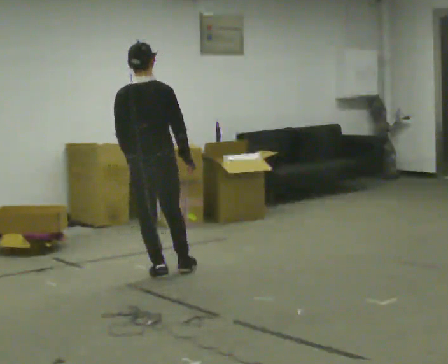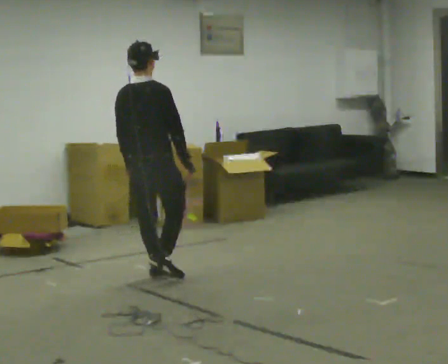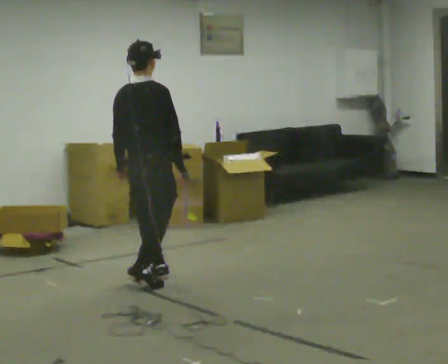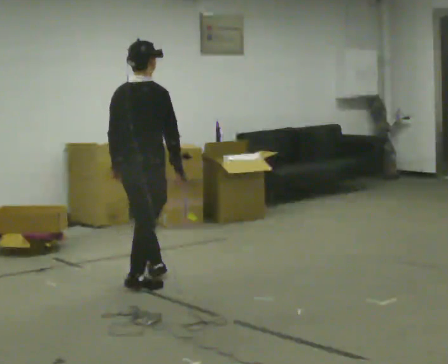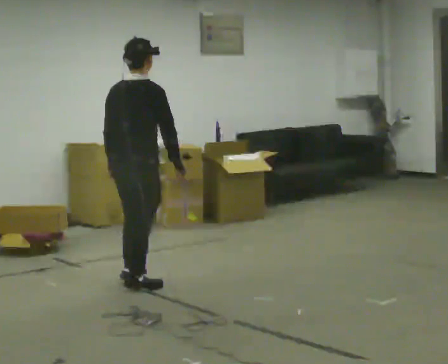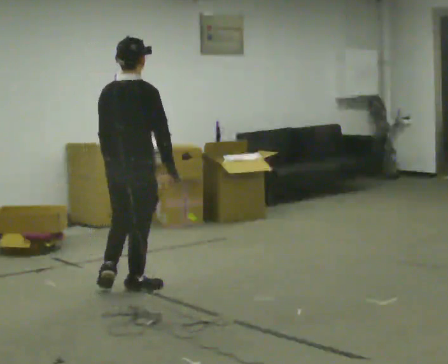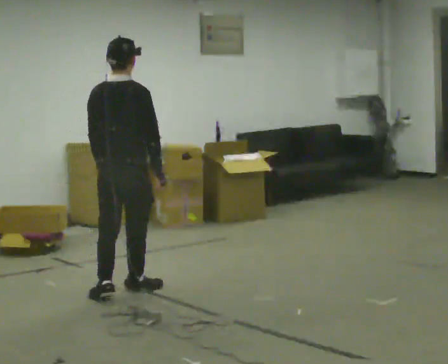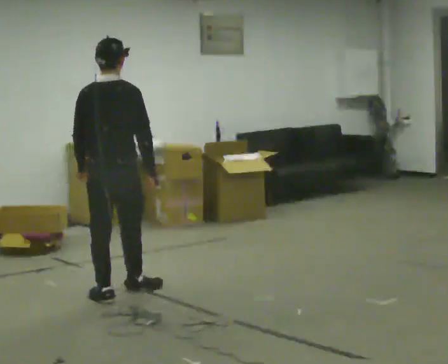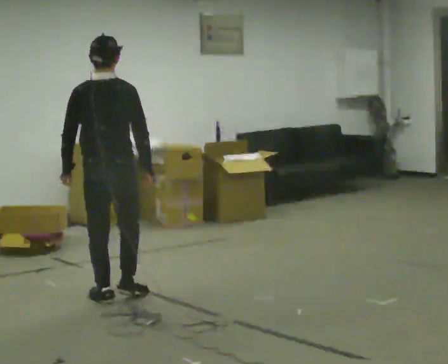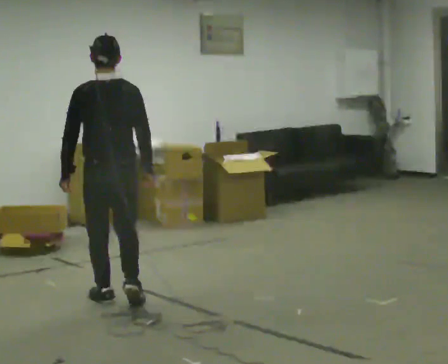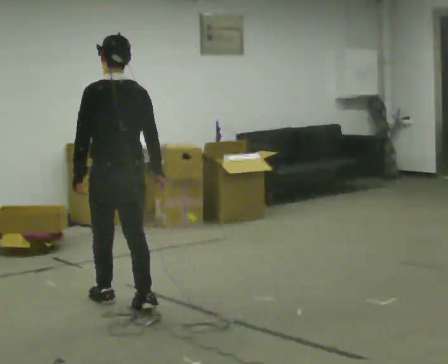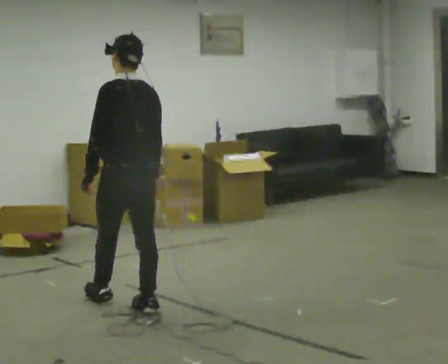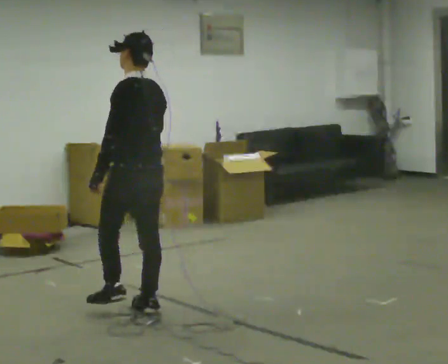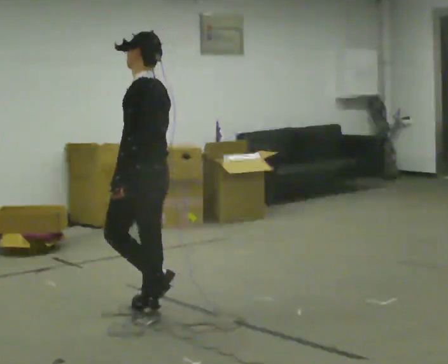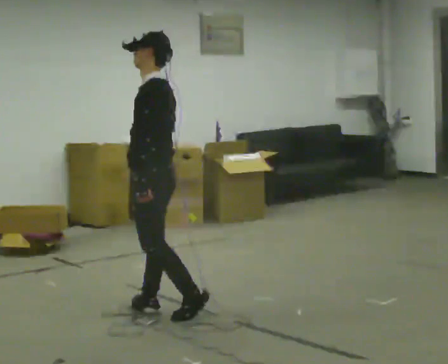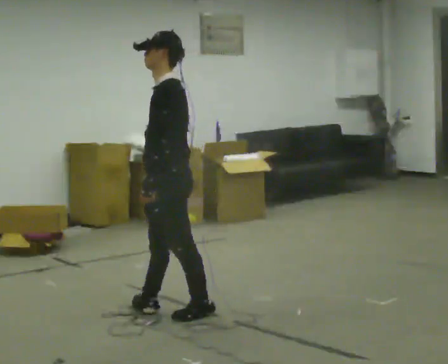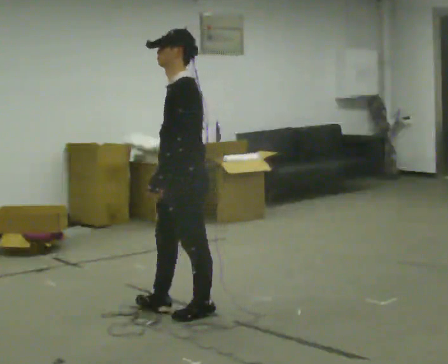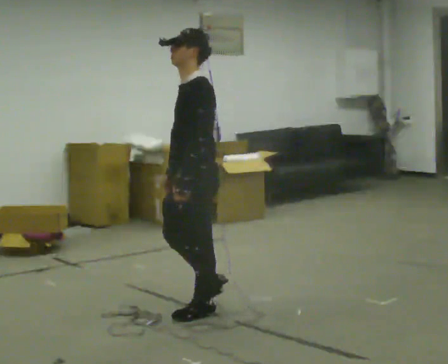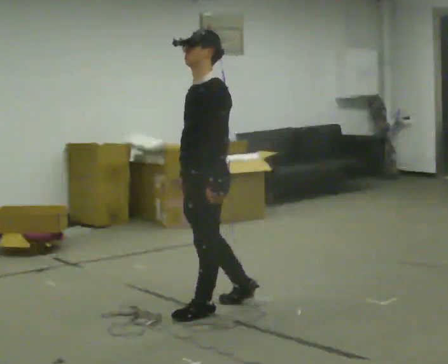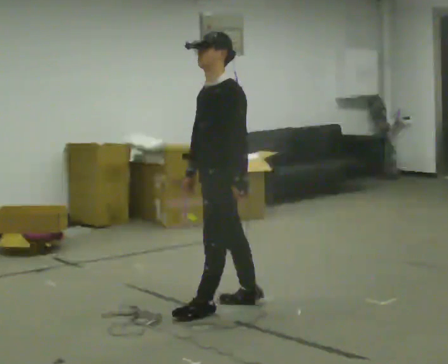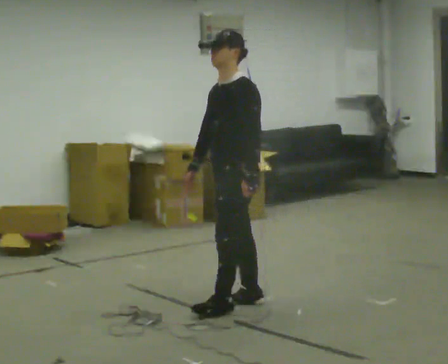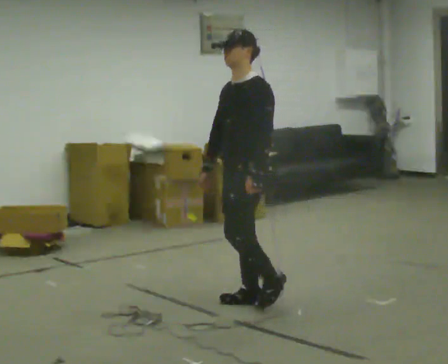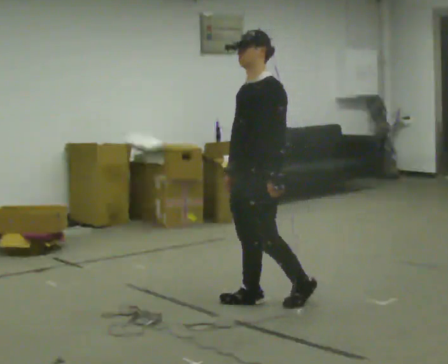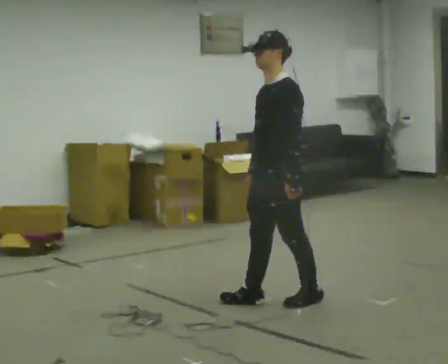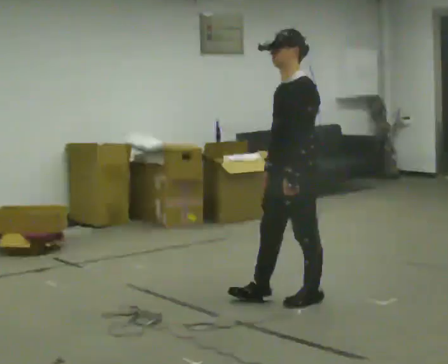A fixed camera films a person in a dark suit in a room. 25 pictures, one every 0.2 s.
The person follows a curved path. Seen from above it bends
counterclockwise.
0.0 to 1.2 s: In the picture they go toward the camera and to the left, about 0.5 m in 1 step, which for them is backward.
1.2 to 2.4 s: The person turns about 60 degrees to their left, counterclockwise seen from above, so the part of the body nearest the lens slides to the right. In the picture they go toward the camera, about 0.5 m in 2 steps.
2.4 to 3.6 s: Seen from above the body turns counterclockwise, about 45 degrees: to their left, with its near side sliding to the right. In the picture they go to the right and toward the camera, about 0.5 m in 1 step, which for them is backward.
3.6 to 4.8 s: In the picture they go to the right, about 0.5 m in 2 steps, which for them is backward.
The film runs backward here.
